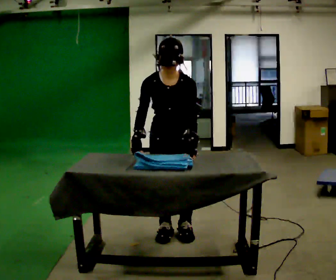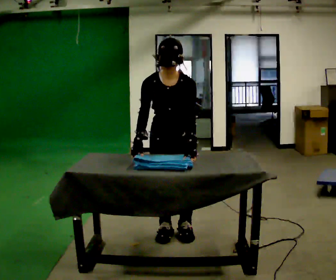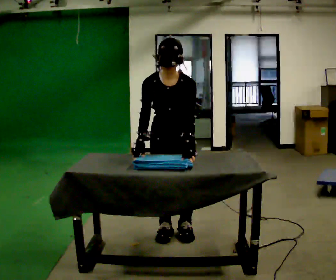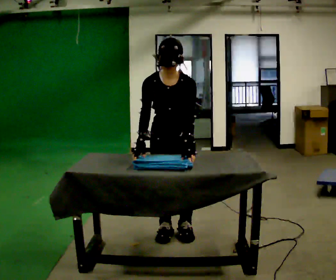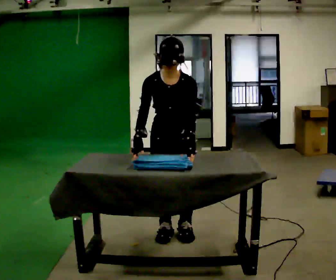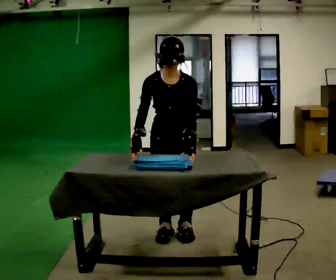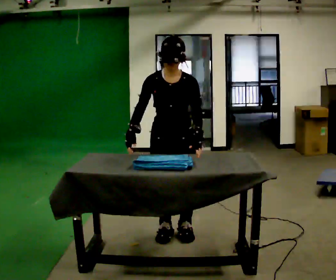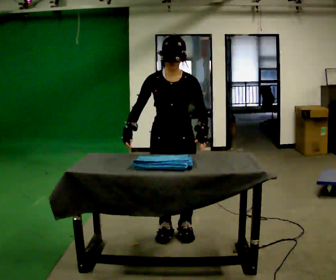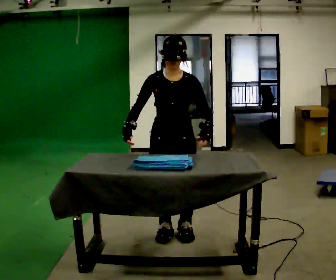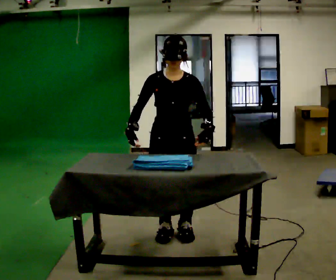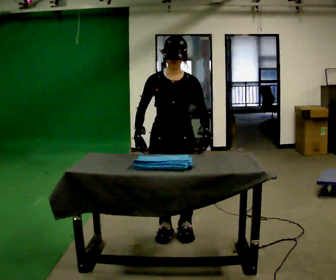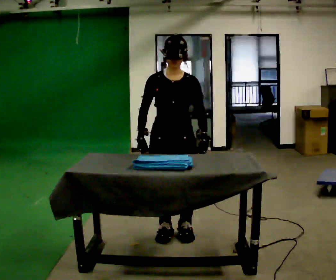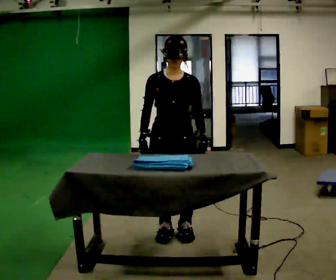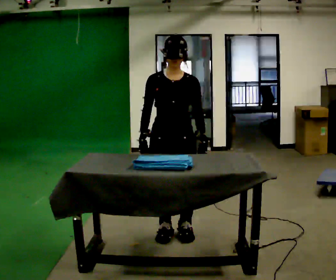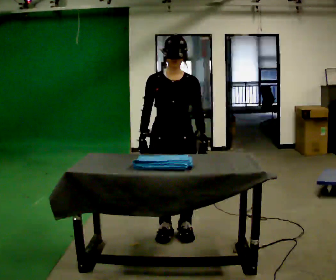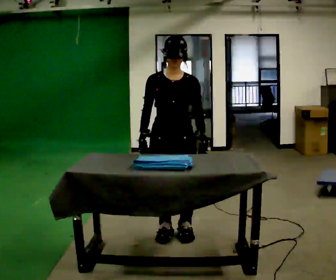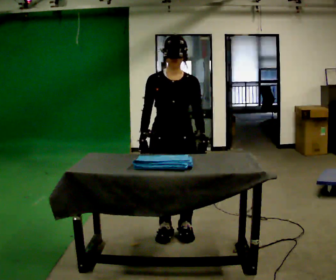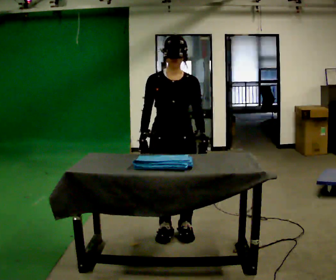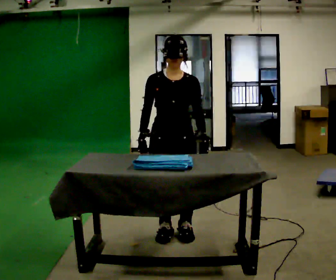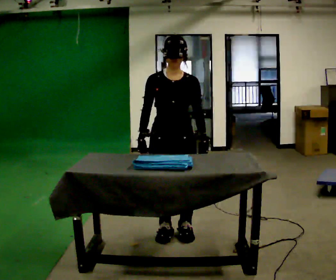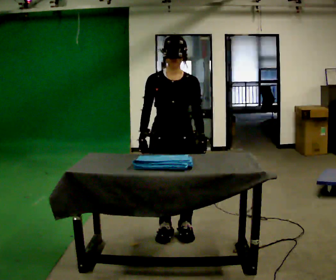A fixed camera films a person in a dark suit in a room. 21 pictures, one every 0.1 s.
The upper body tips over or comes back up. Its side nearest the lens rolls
upward.
0.0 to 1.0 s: The upper body tips away from the camera, its near side rolling upward, as they lean back or straighten.
1.0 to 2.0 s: The person moves a little, or ends about where they began.
The film runs backward here.
